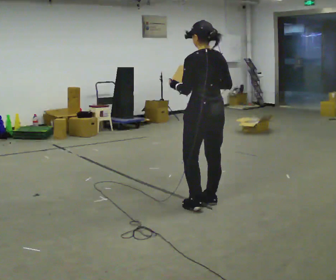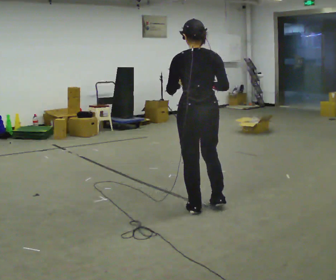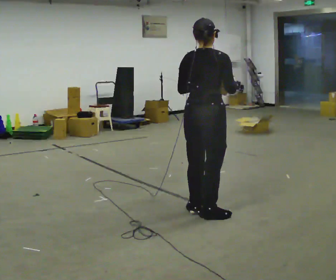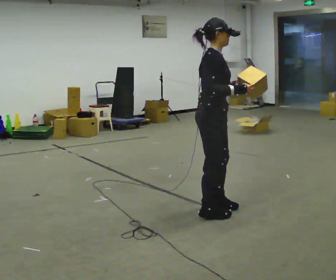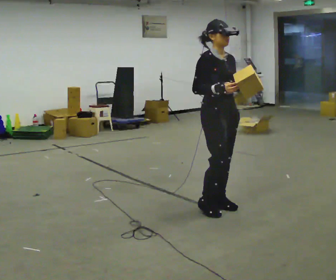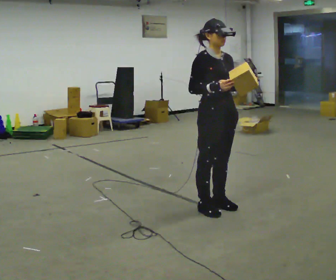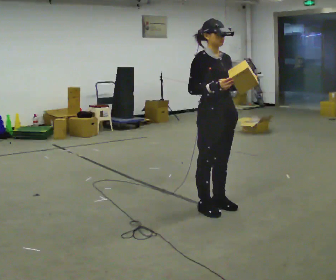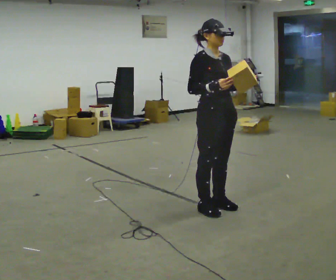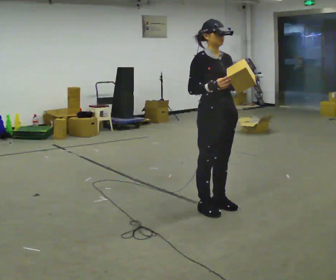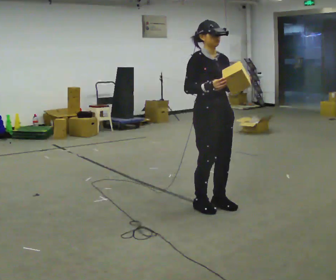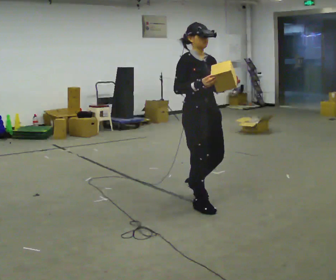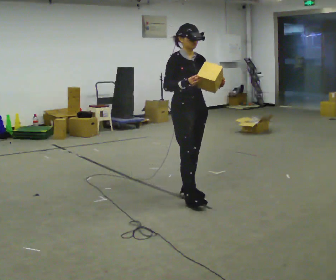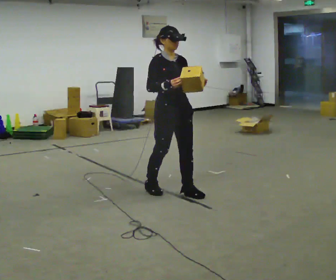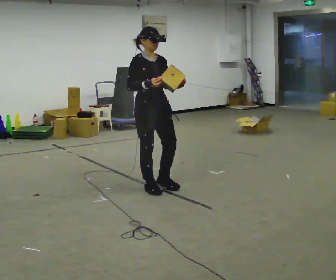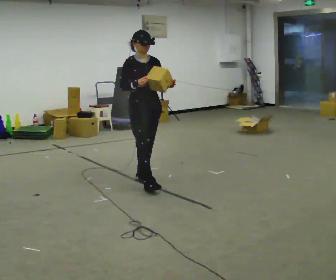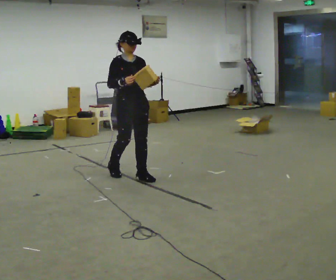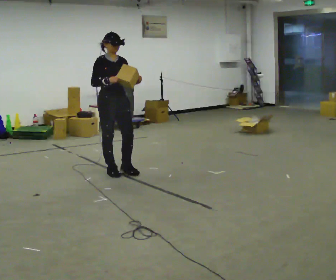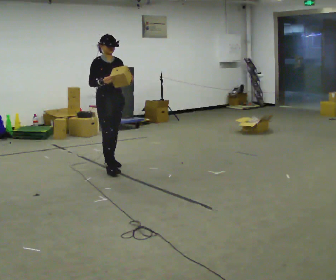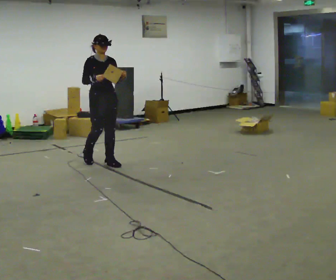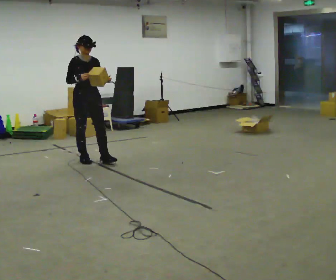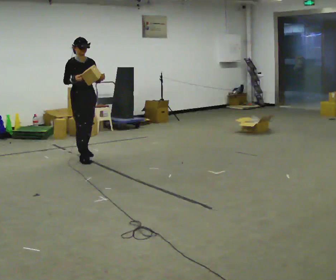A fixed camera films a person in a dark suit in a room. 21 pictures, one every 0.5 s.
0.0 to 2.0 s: Seen from above the body turns clockwise, about 165 degrees: to their right, with its near side sliding to the left. In the picture their left hand goes to the right.
2.0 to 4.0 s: The person moves a little, or ends about where they began.
4.0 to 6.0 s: In the picture they go to the left and away from the camera, about 0.5 m in 2 steps, which for them is backward.
6.0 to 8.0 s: In the picture they go to the left and away from the camera, about 1 m in 3 steps, which for them is backward.
8.0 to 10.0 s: In the picture they go to the left and away from the camera, about 1 m in 2 steps, which for them is backward.
The film runs backward here.
